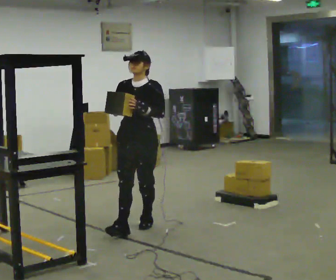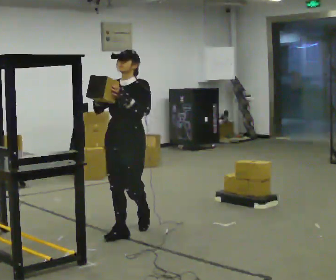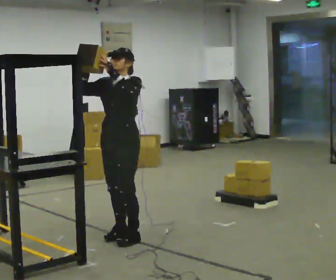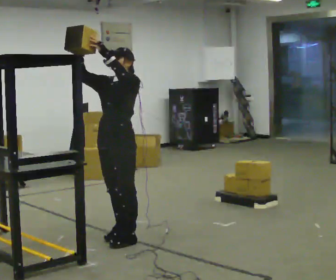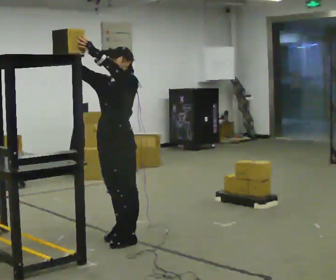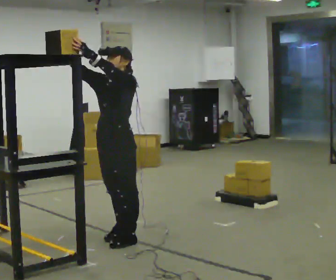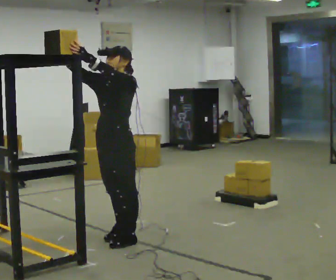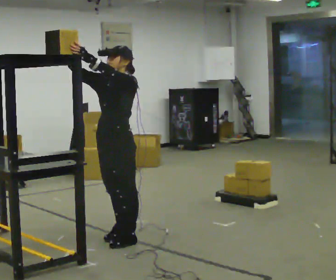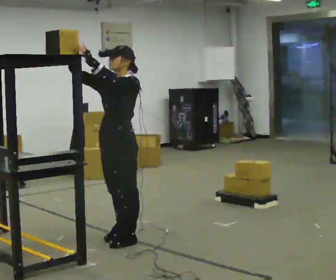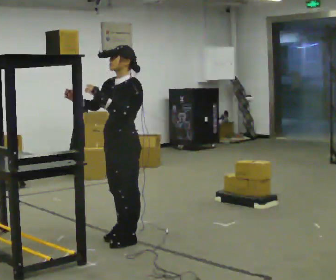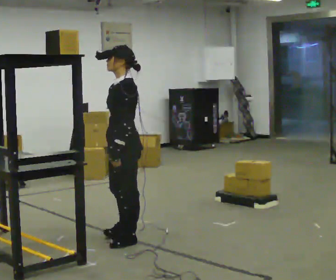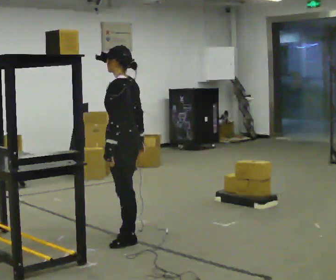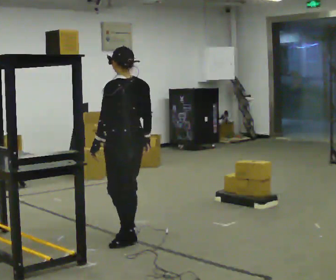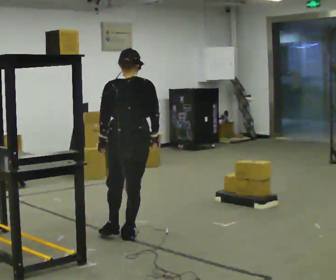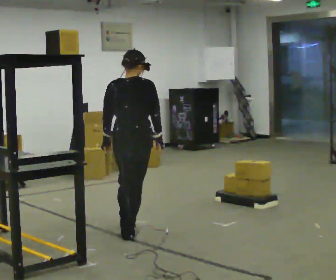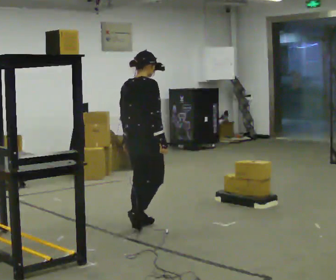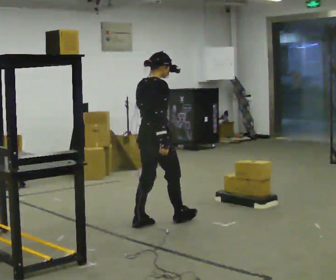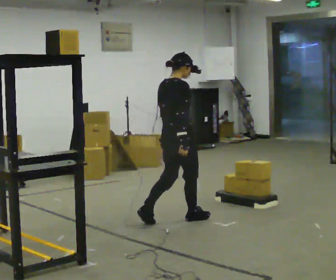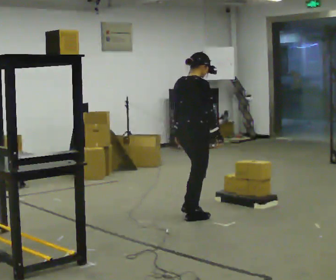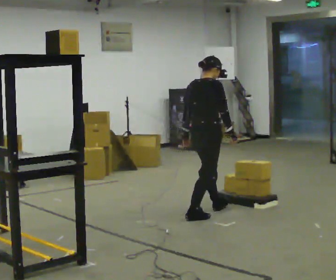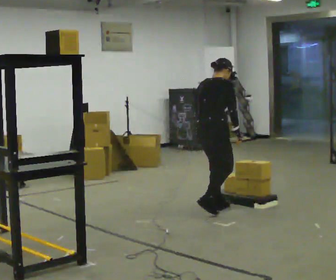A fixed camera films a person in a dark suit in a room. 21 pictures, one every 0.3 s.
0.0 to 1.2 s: In the picture they go toward the camera, about 0.5 m in 2 steps, which for them is forward. In the picture their left hand goes upward.
1.2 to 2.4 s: The person moves a little, or ends about where they began.
2.4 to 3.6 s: The person turns about 75 degrees to their right, clockwise seen from above, so the part of the body nearest the lens slides to the left. In the picture their right hand goes downward and to the right, the arm swinging counterclockwise.
3.6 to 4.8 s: The person turns about 105 degrees to their right, clockwise seen from above, so the part of the body nearest the lens slides to the left. In the picture they go away from the camera, about 0.5 m in 1 step.
4.8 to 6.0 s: In the picture they go to the right and away from the camera, about 0.5 m in 2 steps, which for them is forward.
The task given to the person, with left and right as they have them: Take an object from the lowest shelf, carry it across the room, and place it on the highest shelf you can comfortably reach. Keep going until the operator says stop; one object at a time, and do not rush between trips.
The film runs forward here.
